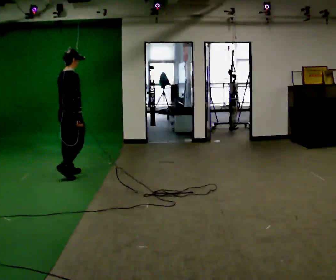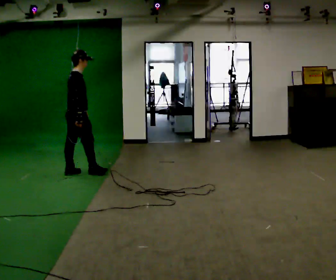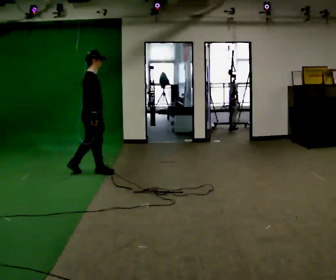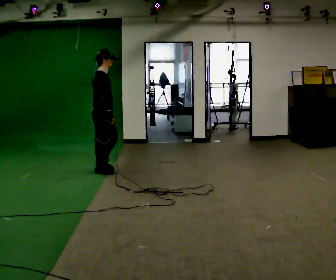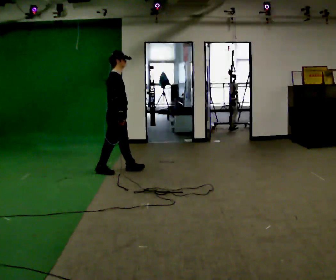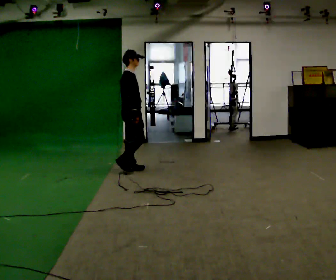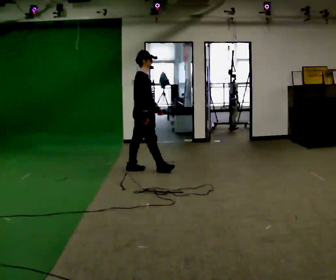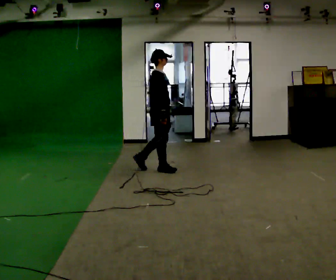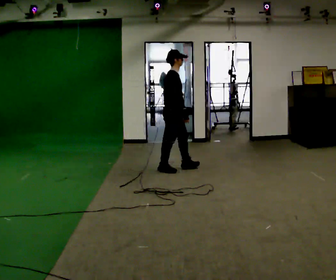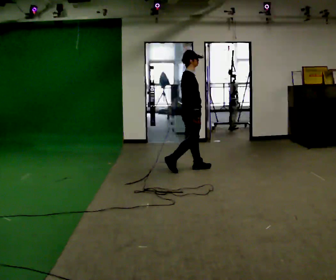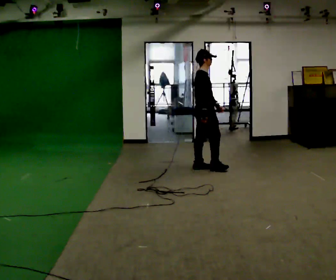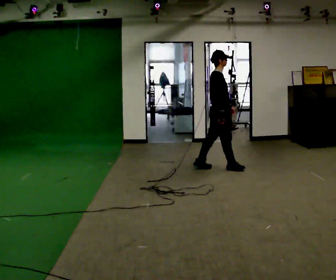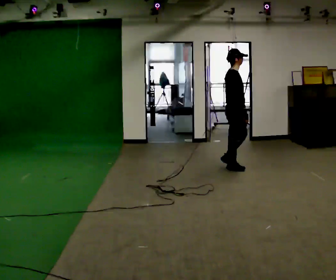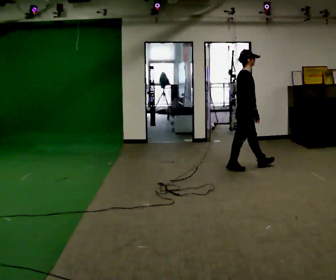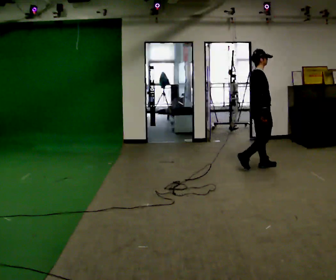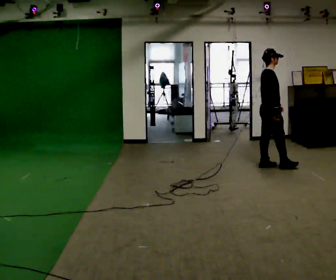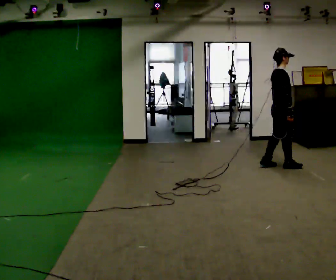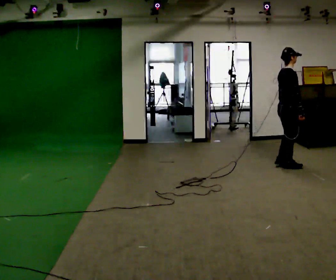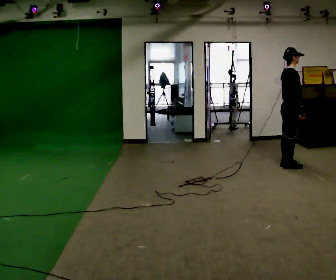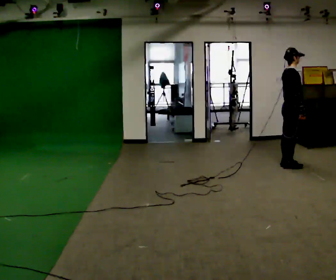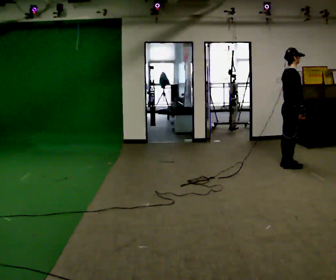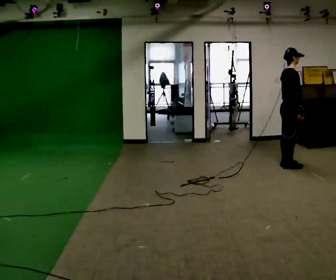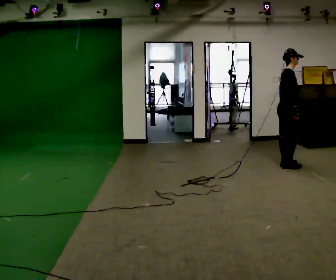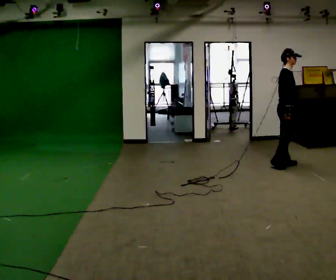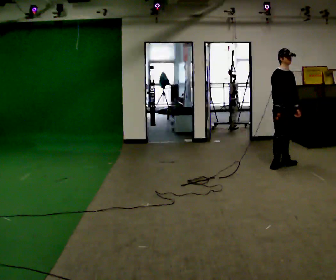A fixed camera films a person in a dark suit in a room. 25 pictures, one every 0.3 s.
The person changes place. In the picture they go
to the right.
0.0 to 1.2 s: Seen from above the body turns clockwise, about 45 degrees: to their right, with its near side sliding to the left. In the picture they go to the right and away from the camera, about 0.75 m in 2 steps, which for them is forward.
1.2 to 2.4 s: In the picture they go to the right, about 1 m in 1 step, which for them is forward.
2.4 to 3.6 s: In the picture they go to the right, about 1 m in 2 steps, which for them is forward.
3.6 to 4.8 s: In the picture they go to the right, about 0.75 m in 2 steps, which for them is forward.
4.8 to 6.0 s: The person moves a little, or ends about where they began.
6.0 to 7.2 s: Seen from above the body turns clockwise, about 60 degrees: to their right, with its near side sliding to the left.
The film runs forward here.
